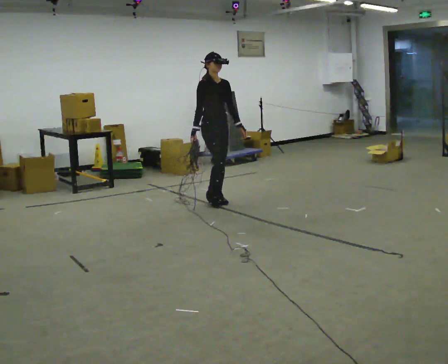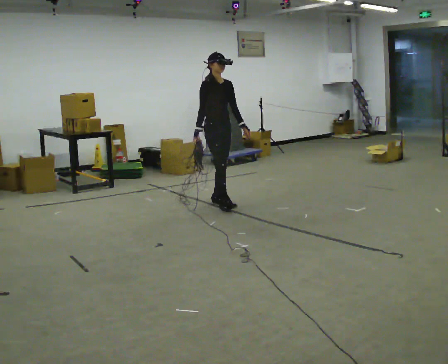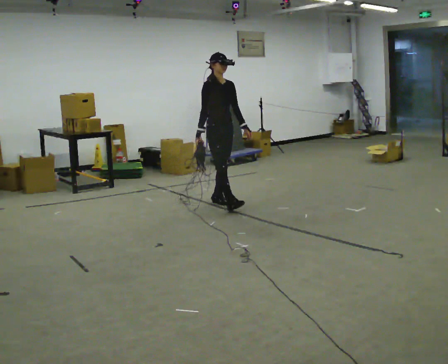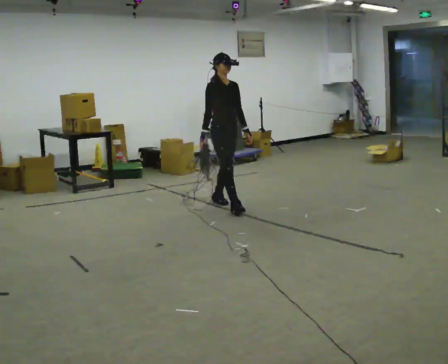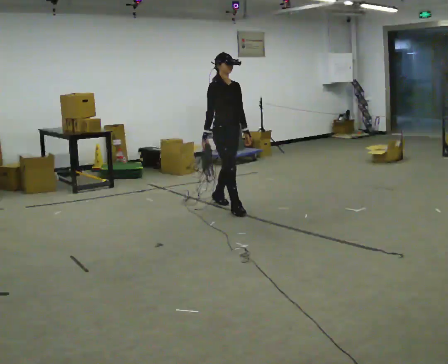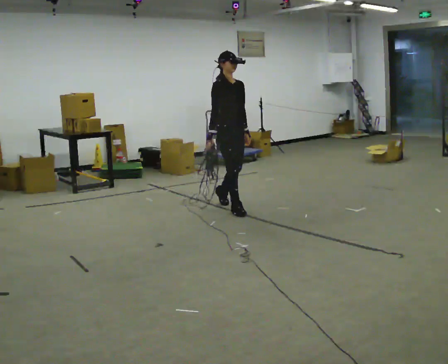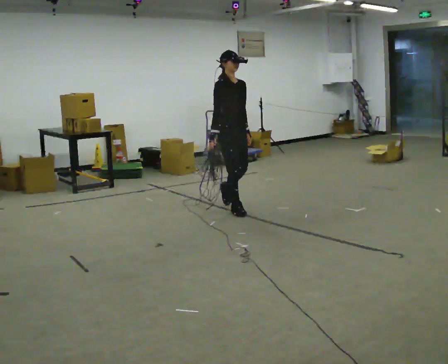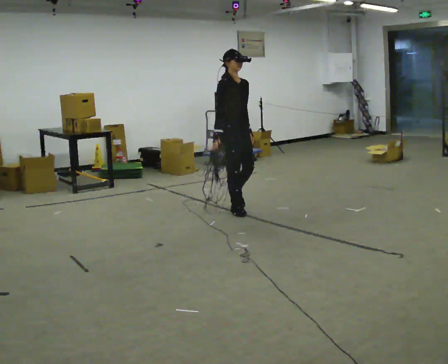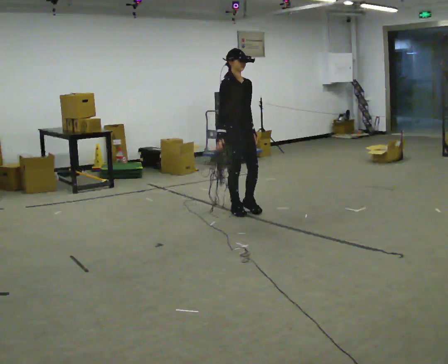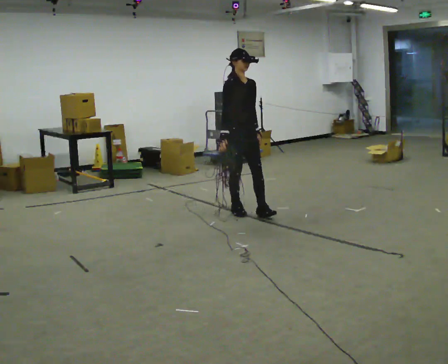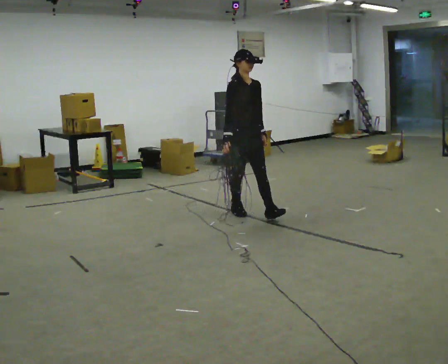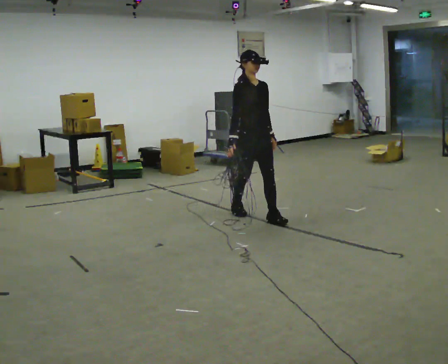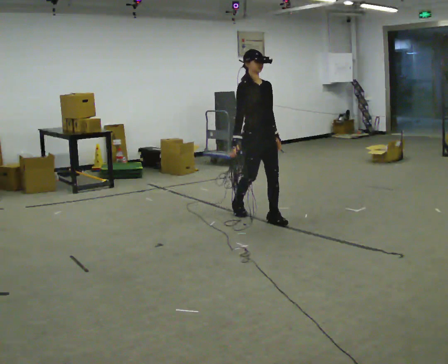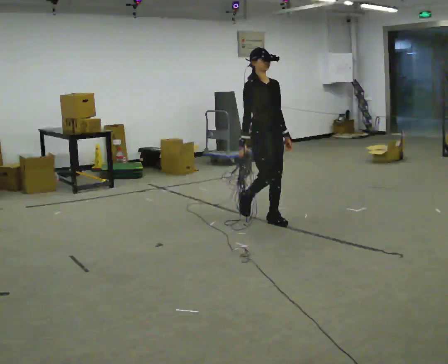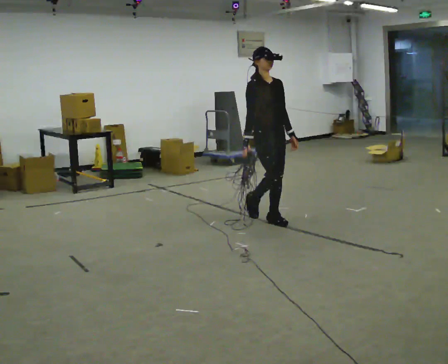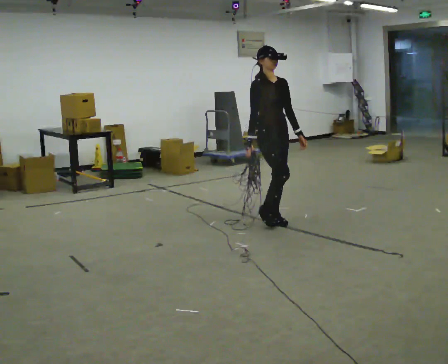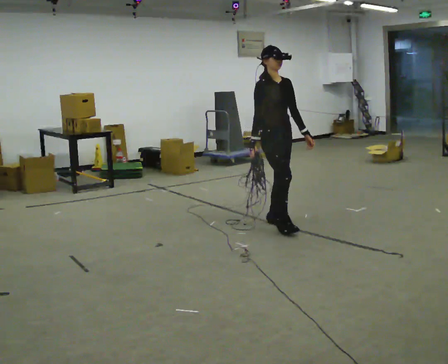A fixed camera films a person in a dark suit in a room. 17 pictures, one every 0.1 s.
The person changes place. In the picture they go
toward the camera.
0.0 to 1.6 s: In the picture they go toward the camera and to the right, about 1 m in 2 steps, which for them is forward.
The film runs forward here.
